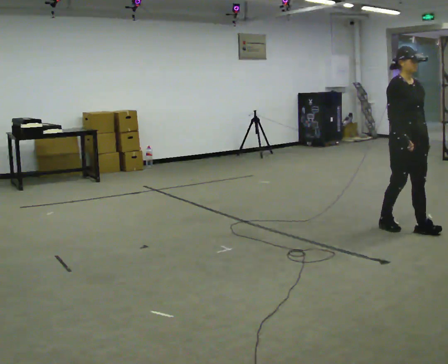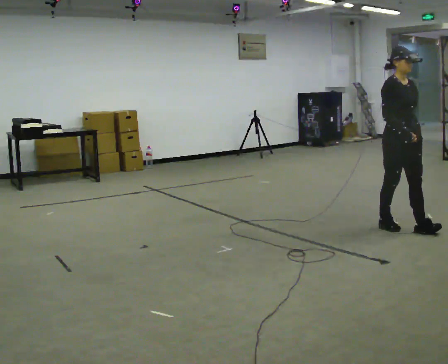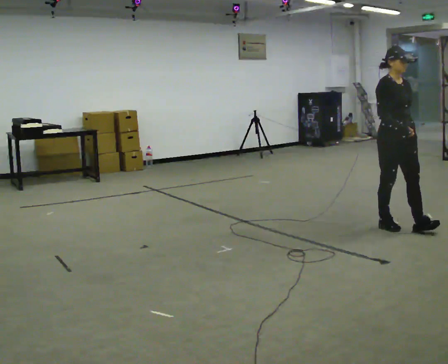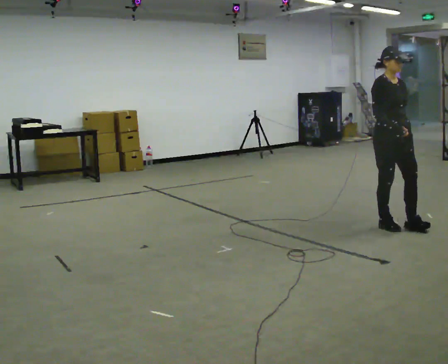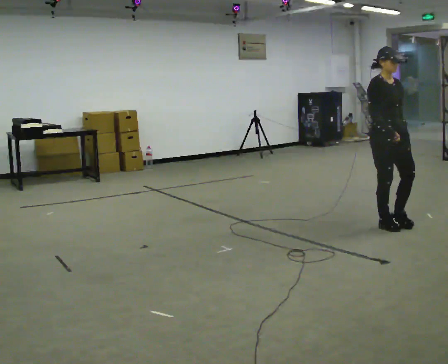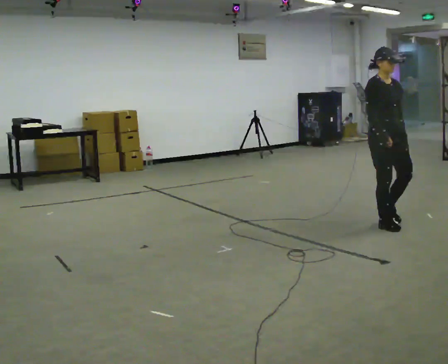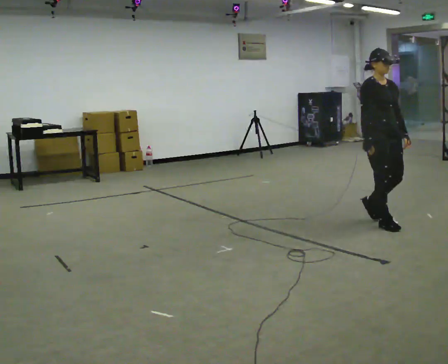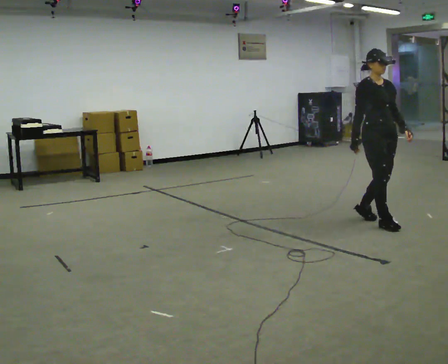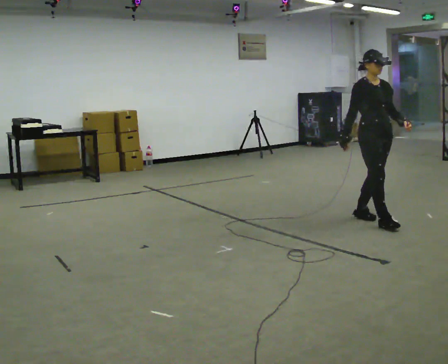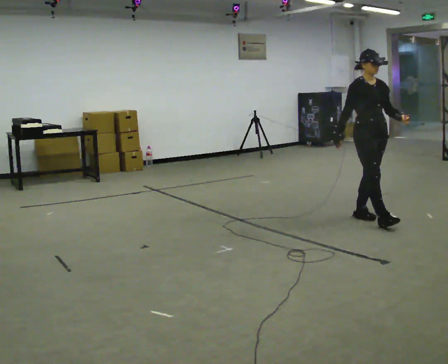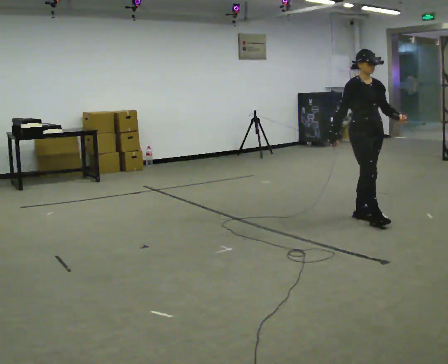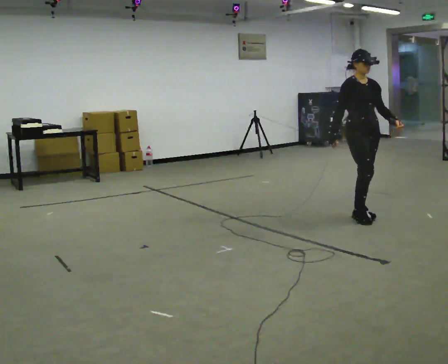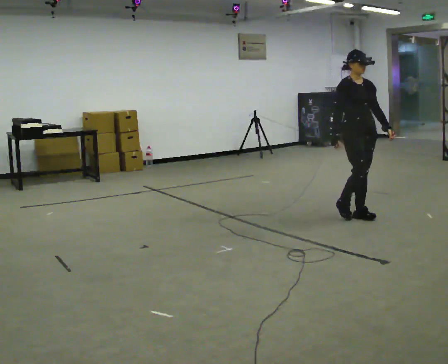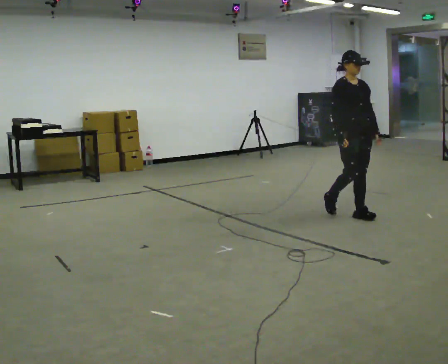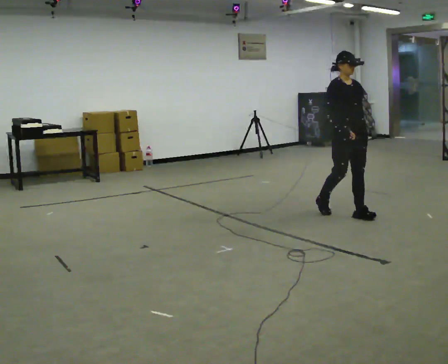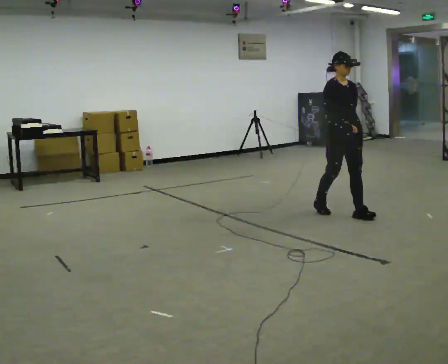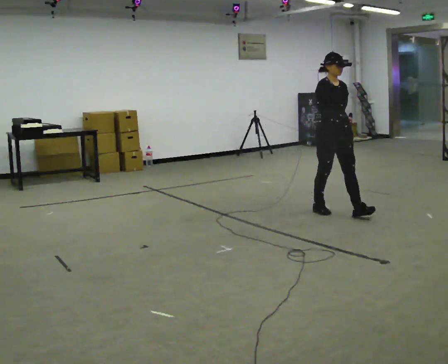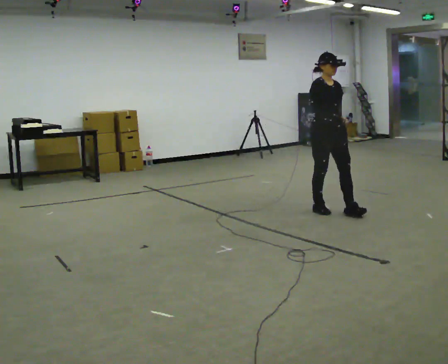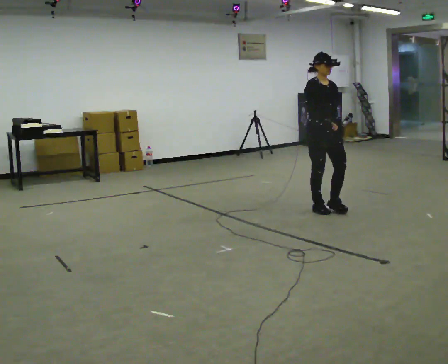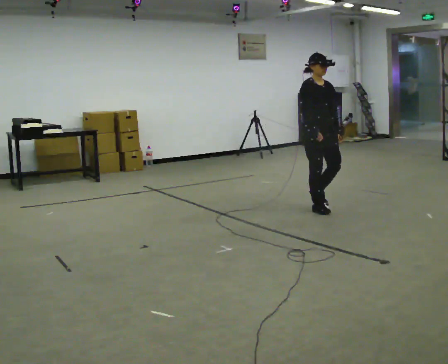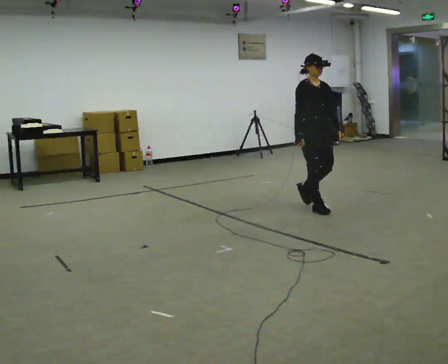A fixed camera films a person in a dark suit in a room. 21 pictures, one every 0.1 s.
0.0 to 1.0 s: In the picture they go away from the camera and to the left, about 0.5 m in 2 steps, which for them is backward.
1.0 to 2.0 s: In the picture they go to the left and away from the camera, about 0.75 m in 1 step, which for them is backward.
The film runs backward here.
